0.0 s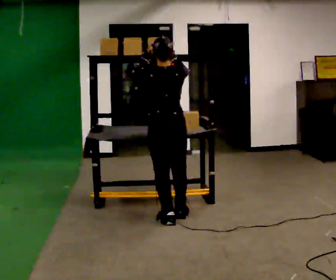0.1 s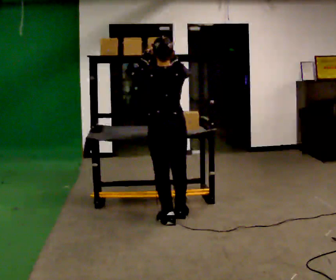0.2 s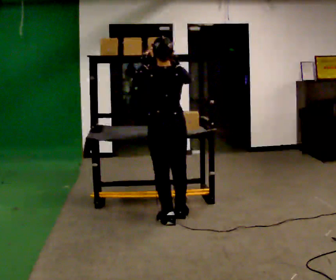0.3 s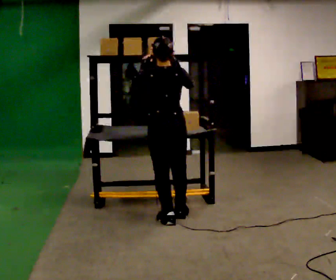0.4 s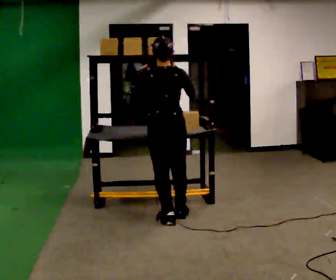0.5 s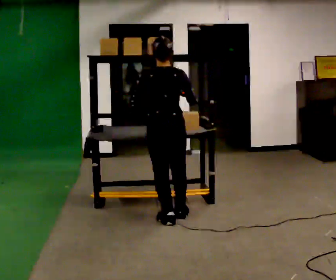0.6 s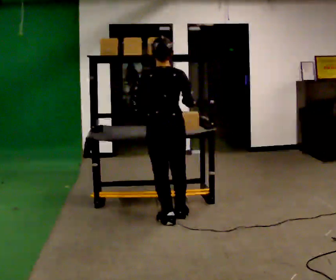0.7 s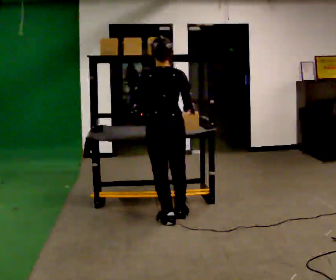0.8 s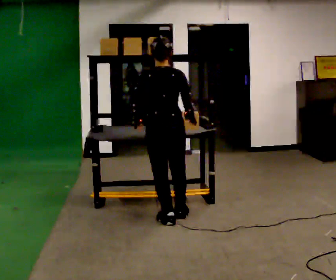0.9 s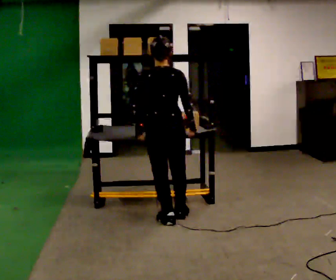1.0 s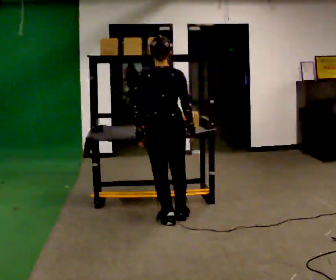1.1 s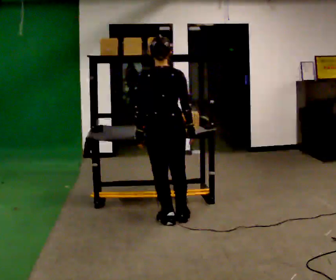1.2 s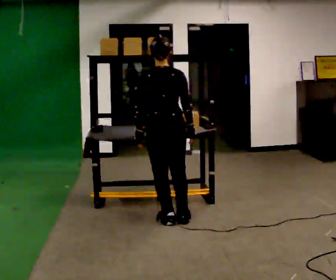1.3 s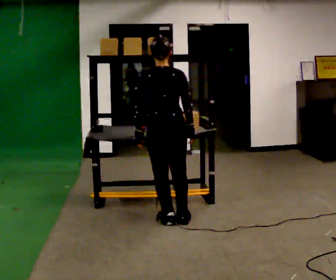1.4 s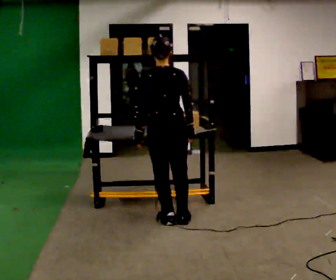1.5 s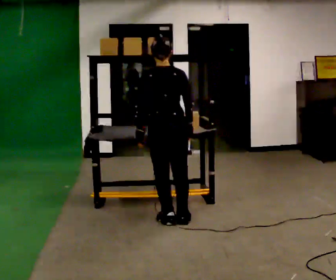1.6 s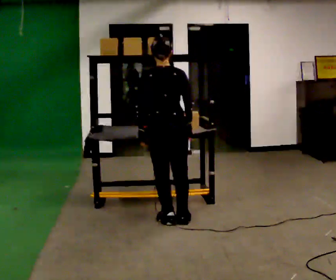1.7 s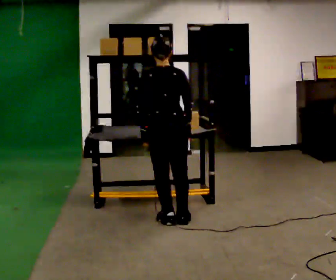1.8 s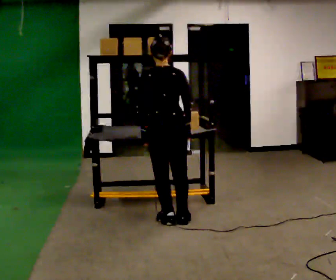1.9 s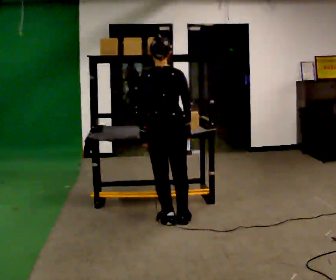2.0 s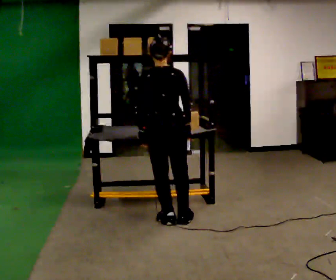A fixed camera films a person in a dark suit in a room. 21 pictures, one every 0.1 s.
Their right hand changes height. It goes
downward.
Their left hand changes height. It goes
downward.
0.0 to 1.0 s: In the picture their right hand goes downward.
1.0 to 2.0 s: The person moves a little, or ends about where they began.
The film runs forward here.
